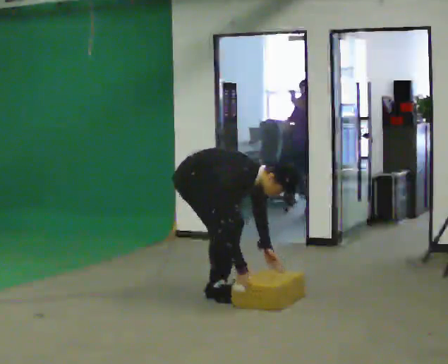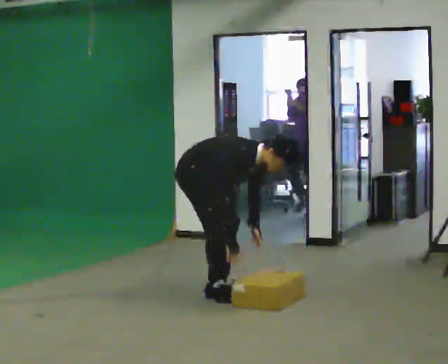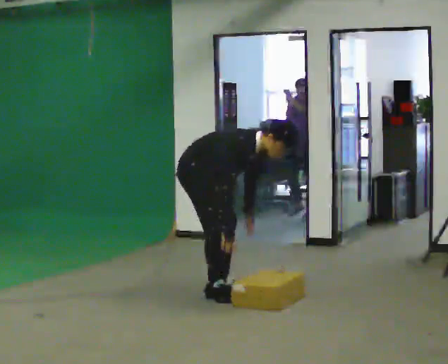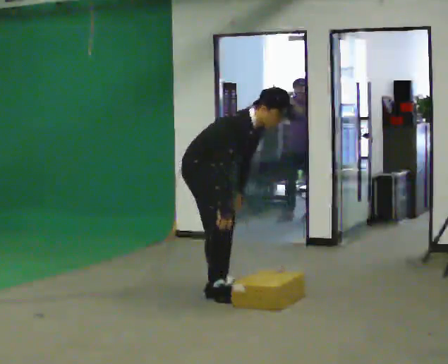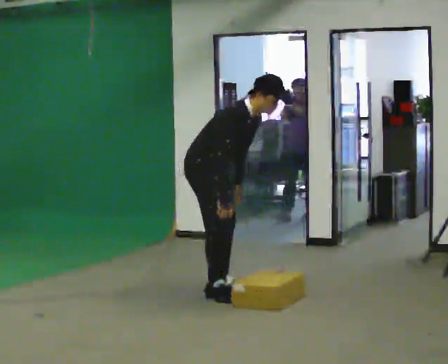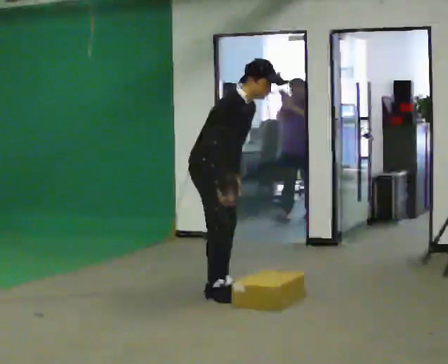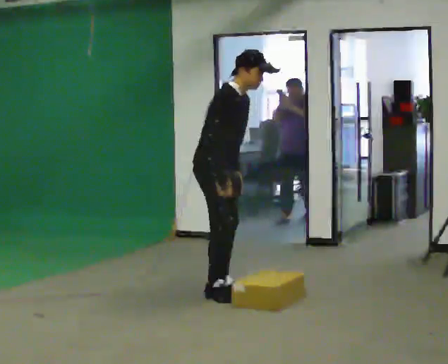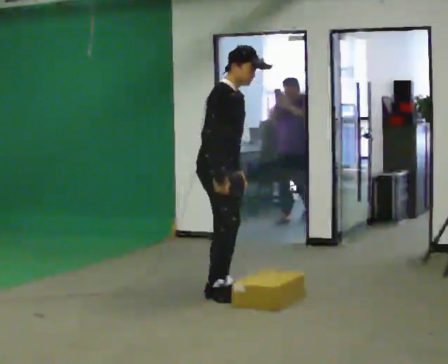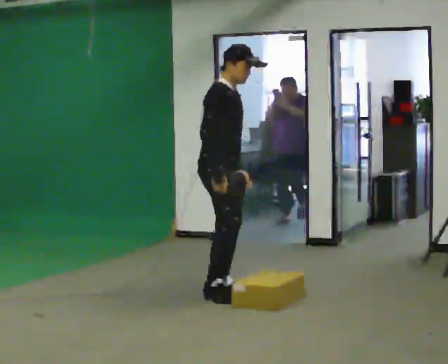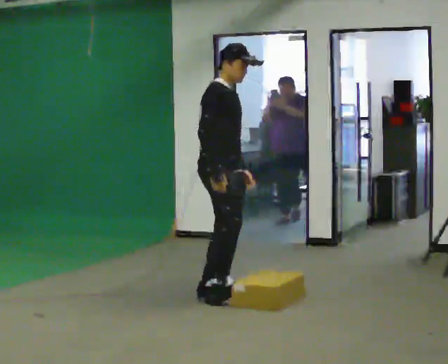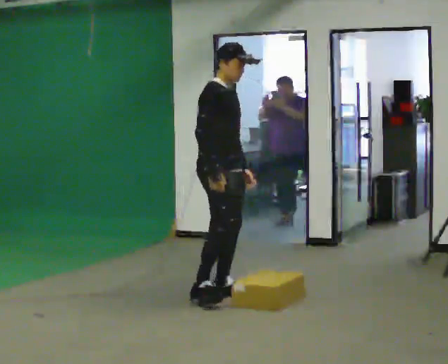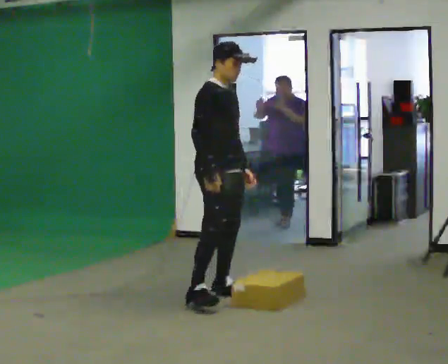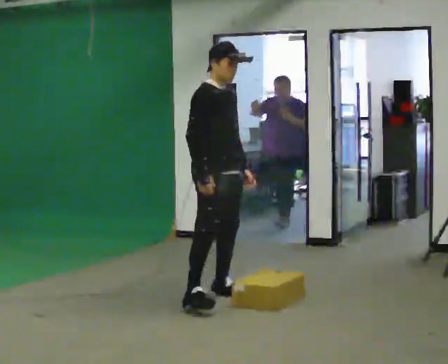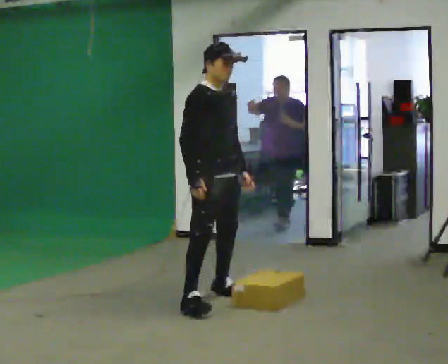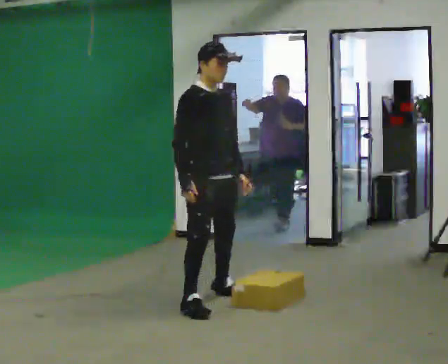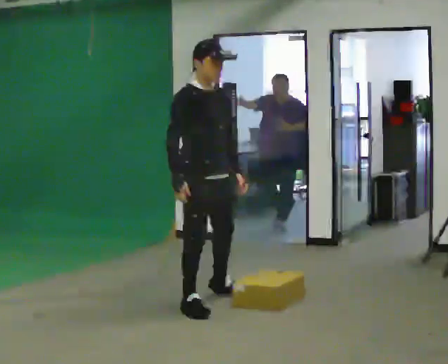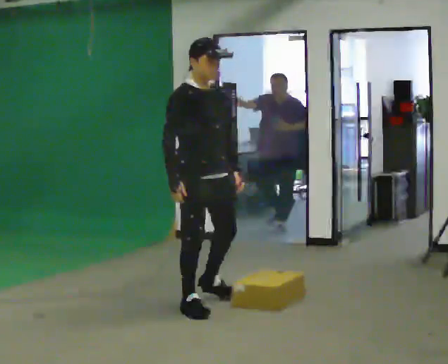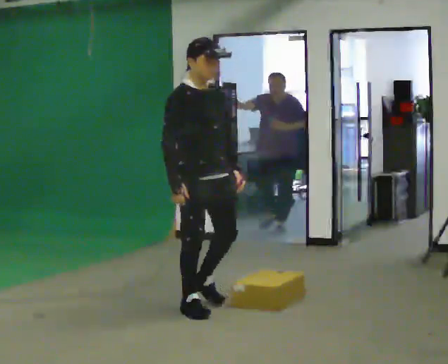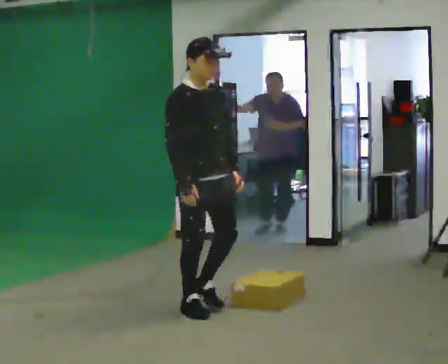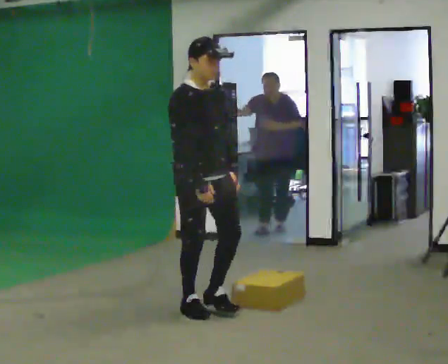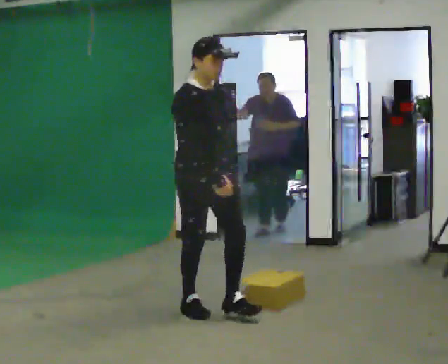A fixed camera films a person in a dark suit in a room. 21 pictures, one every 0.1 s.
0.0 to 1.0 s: The shoulders move upward. In the picture the upper body tilts counterclockwise, shoulders to the left, as they lean back or straighten. In the picture their left hand goes upward.
1.0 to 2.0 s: The part of the body nearest the lens slides to the left as the person turns to their right by about 30 degrees. In the picture they go toward the camera, about 0.5 m in 1 step, which for them is to their right and forward.
The film runs forward here.
